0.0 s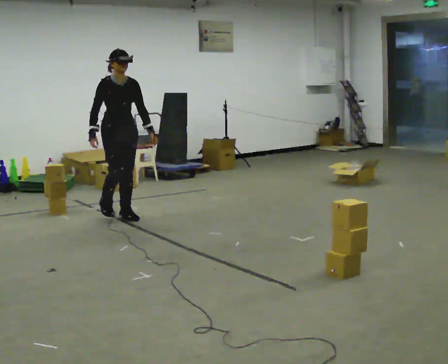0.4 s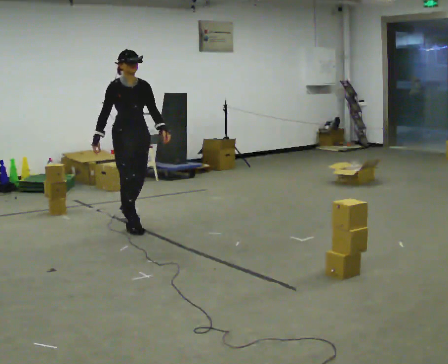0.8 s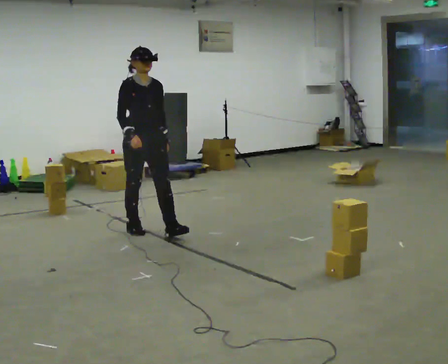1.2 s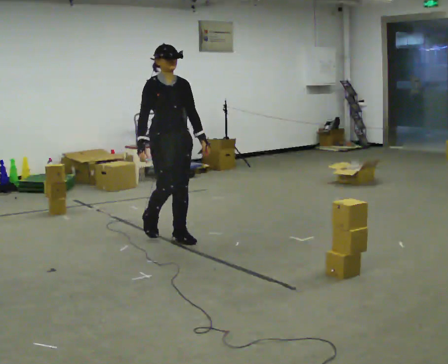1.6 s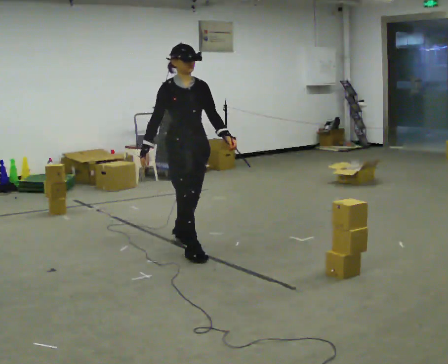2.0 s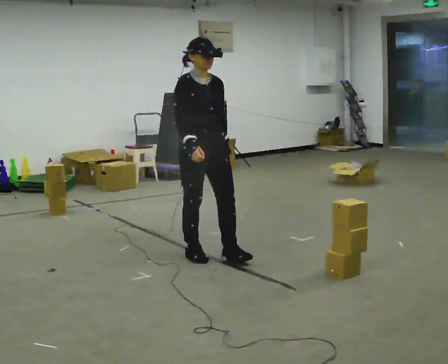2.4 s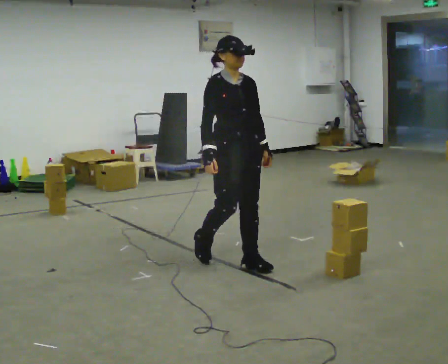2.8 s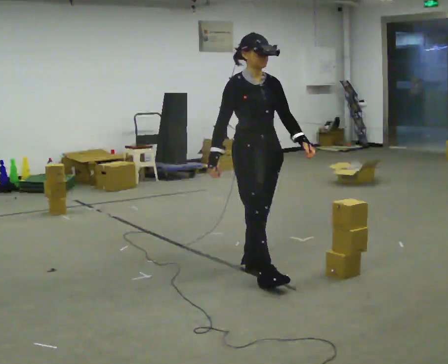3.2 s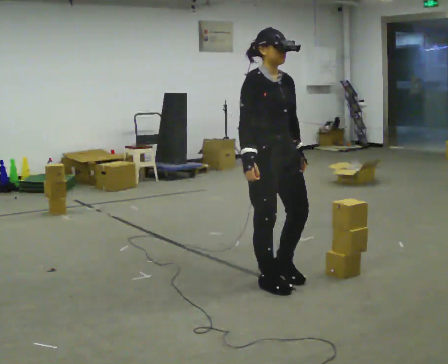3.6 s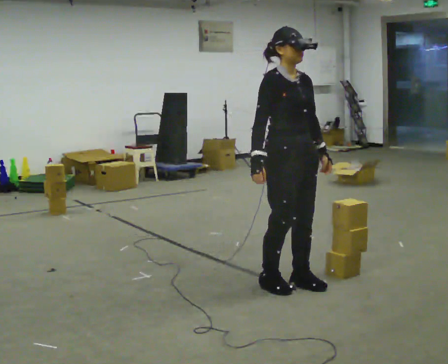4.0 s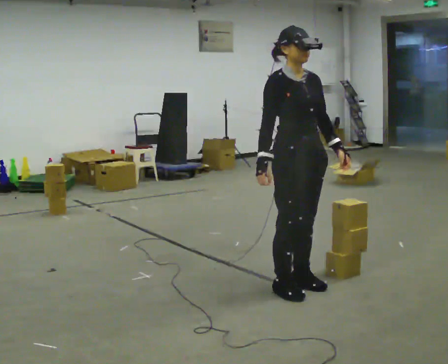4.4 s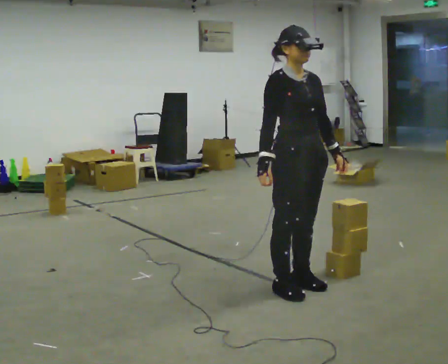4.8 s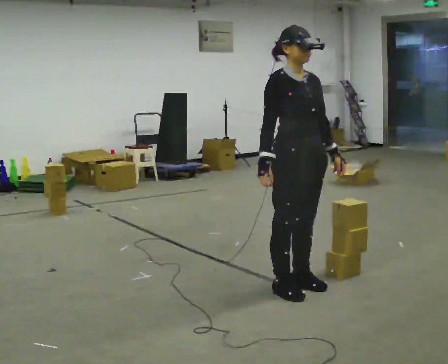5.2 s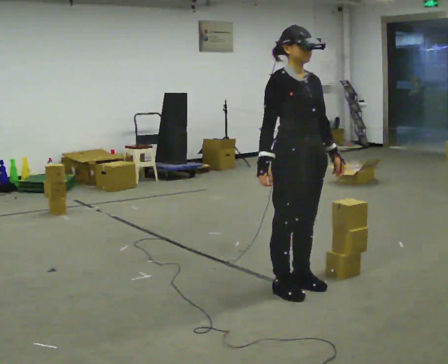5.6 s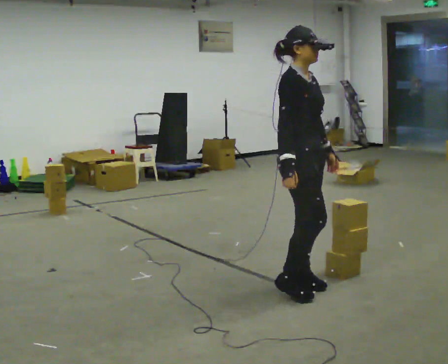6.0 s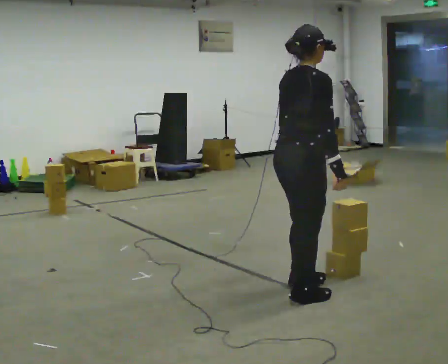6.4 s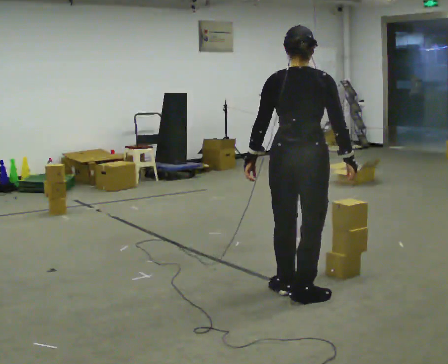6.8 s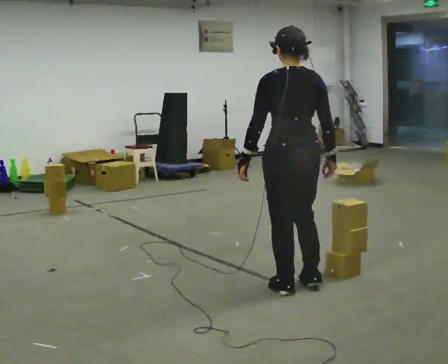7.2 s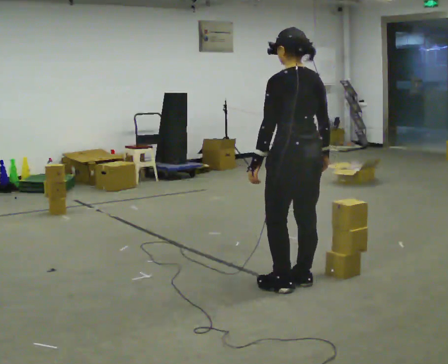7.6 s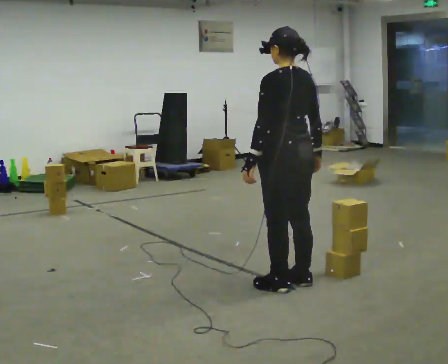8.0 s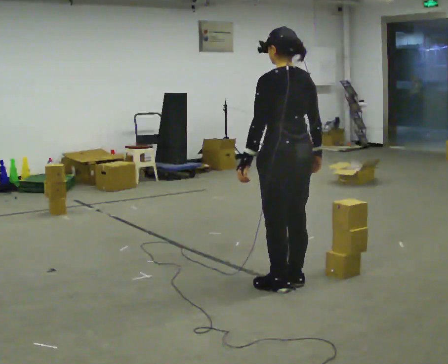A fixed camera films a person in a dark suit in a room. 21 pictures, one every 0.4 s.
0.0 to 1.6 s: In the picture they go to the right and toward the camera, about 1.5 m in 3 steps, which for them is forward.
1.6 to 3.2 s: In the picture they go to the right and toward the camera, about 1 m in 2 steps, which for them is forward.
3.2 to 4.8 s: The person moves a little, or ends about where they began.
4.8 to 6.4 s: The part of the body nearest the lens slides to the right as the person turns to their left by about 135 degrees. In the picture their left hand goes to the left, the arm swinging clockwise.
6.4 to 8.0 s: Seen from above the body turns counterclockwise, about 45 degrees: to their left, with its near side sliding to the right.
The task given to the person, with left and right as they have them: Carry the box and, while you are still walking, turn it so you can read the label, read it out loud, then carry on. Repeat with the next box. Do not stop to read it.
The film runs forward here.
